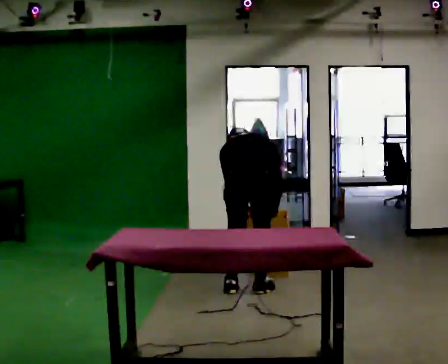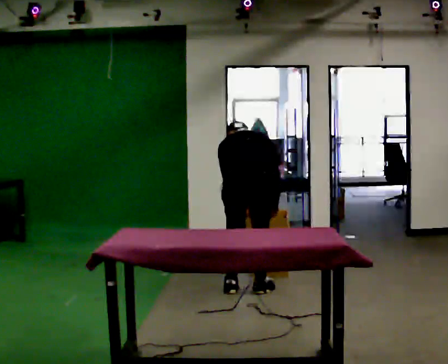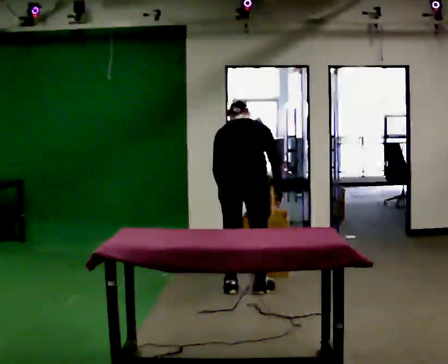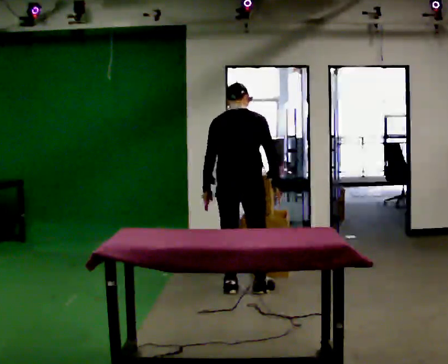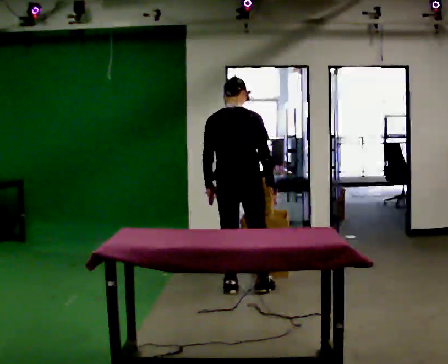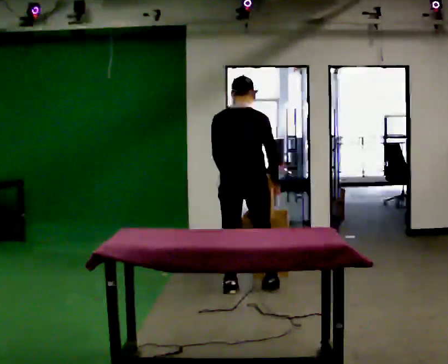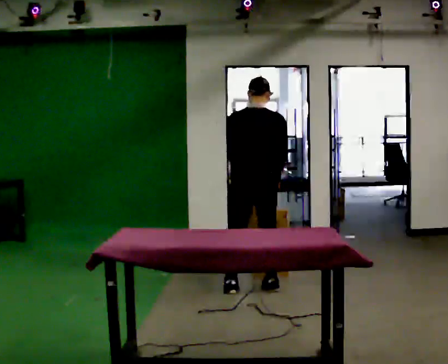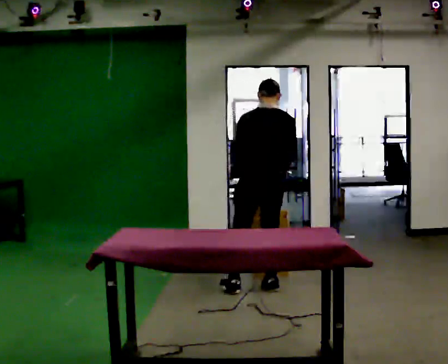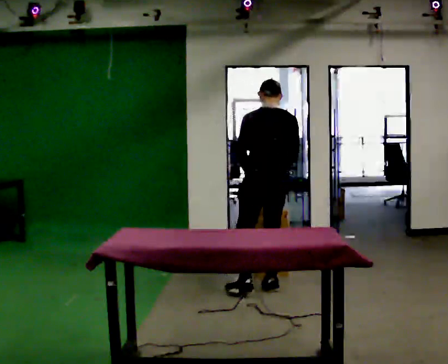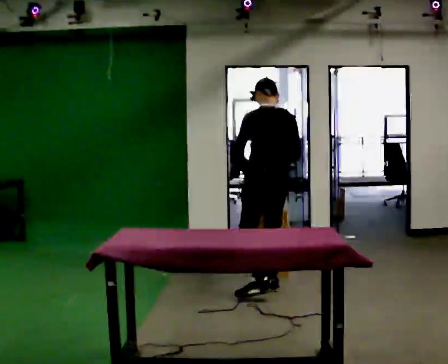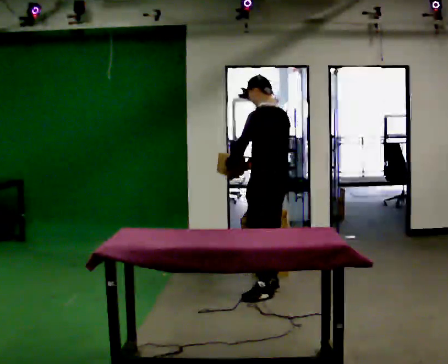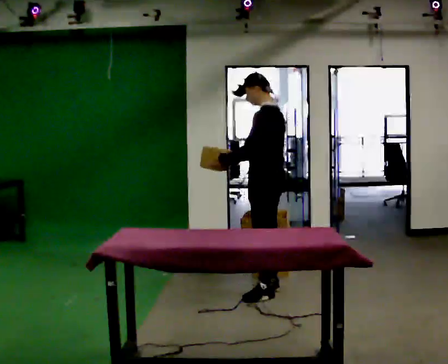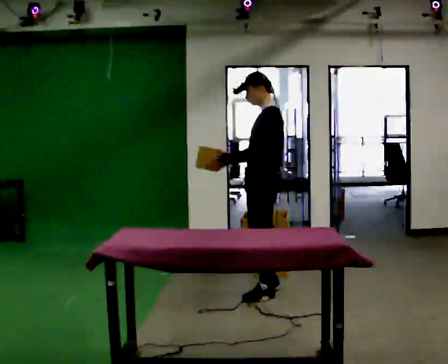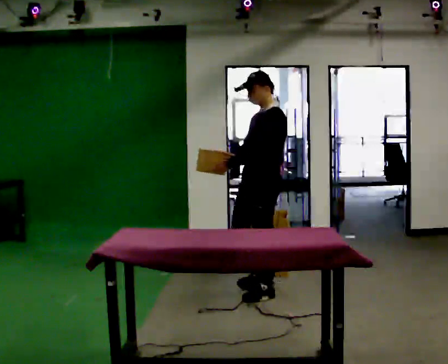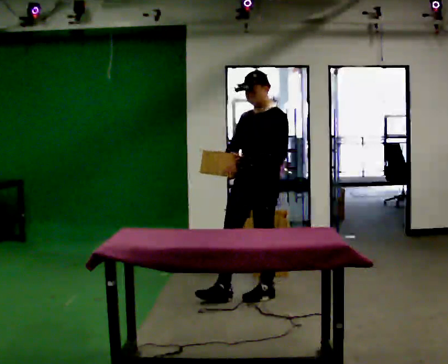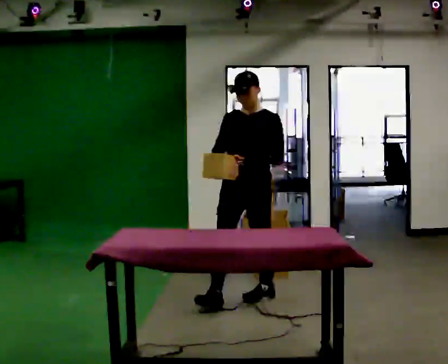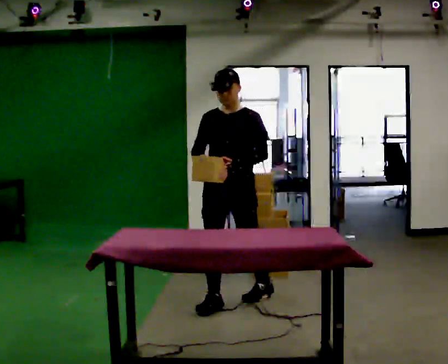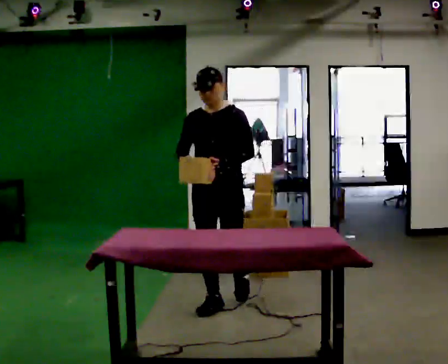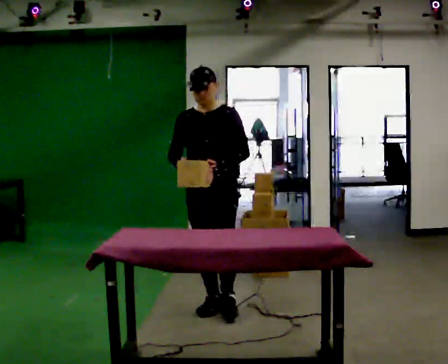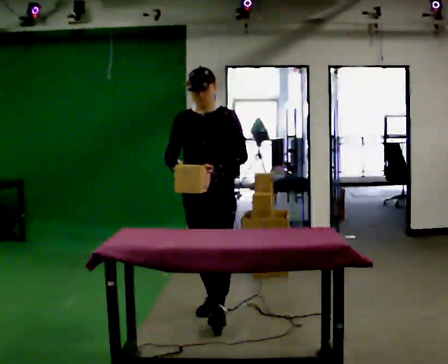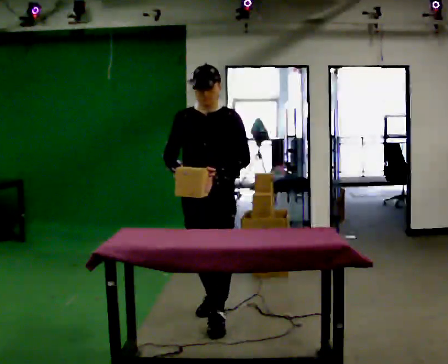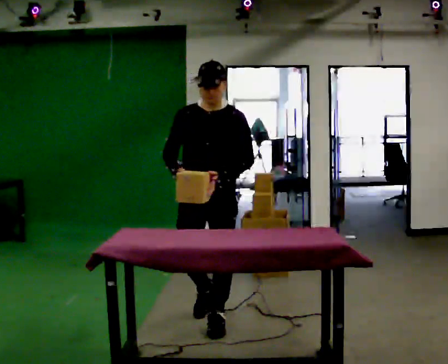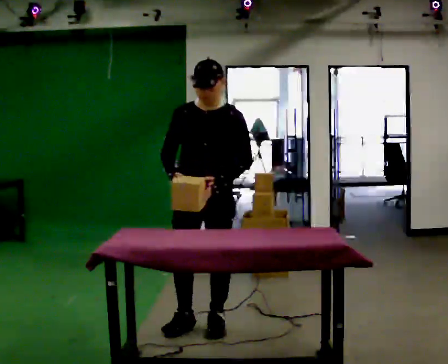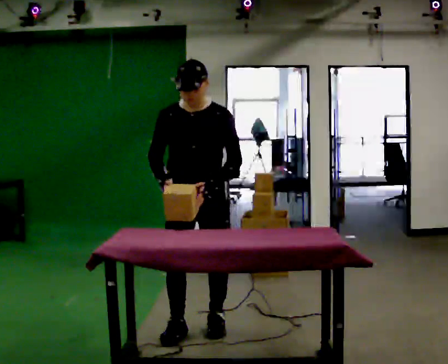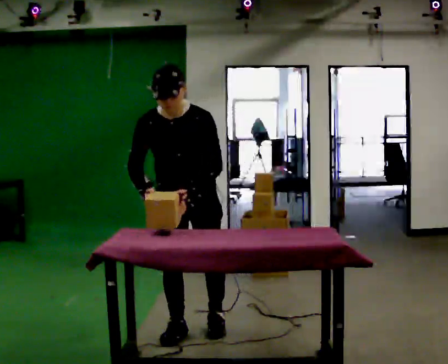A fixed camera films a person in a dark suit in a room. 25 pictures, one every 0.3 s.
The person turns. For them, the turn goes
to their left.
The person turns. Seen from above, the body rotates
counterclockwise.
0.0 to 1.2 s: The upper body goes upward. The upper body tips toward the camera, its near side rolling downward, as they lean back or straighten.
1.2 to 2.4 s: The part of the body nearest the lens slides to the right as the person turns to their left by about 30 degrees. In the picture they go to the right, about 0.25 m, which for them is to their right.
2.4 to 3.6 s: Seen from above the body turns counterclockwise, about 75 degrees: to their left, with its near side sliding to the right. In the picture they go toward the camera, about 0.25 m in 1 step.
3.6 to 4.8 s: Seen from above the body turns counterclockwise, about 75 degrees: to their left, with its near side sliding to the right. In the picture they go toward the camera and to the left, about 0.25 m in 1 step.
4.8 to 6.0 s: In the picture they go toward the camera, about 0.5 m in 1 step, which for them is forward.
6.0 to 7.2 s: In the picture they go toward the camera, about 0.25 m in 1 step, which for them is forward. The upper body tips toward the camera, its near side rolling downward, as they bend forward.
The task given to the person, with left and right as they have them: Carry the box over and put it on the shelf with the label facing out towards you. Get the orientation right, not just the position. Keep going until the operator says stop; one object at a time, and do not rush between trips.
The film runs forward here.
